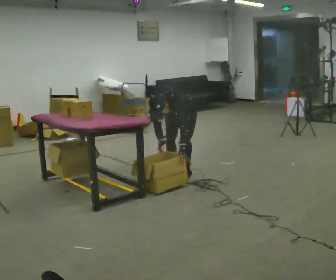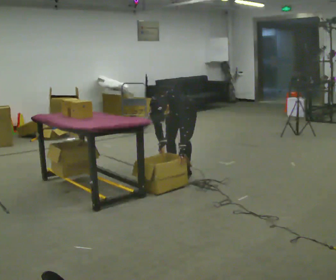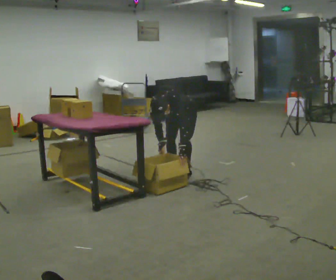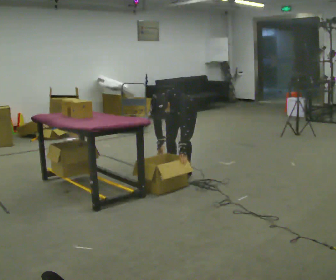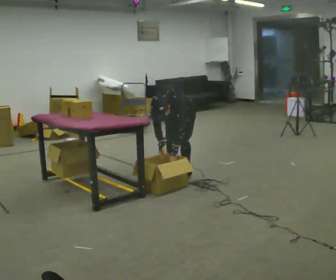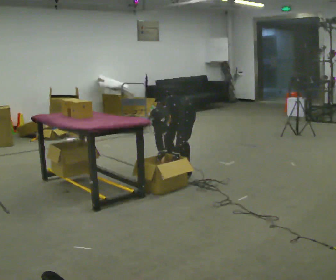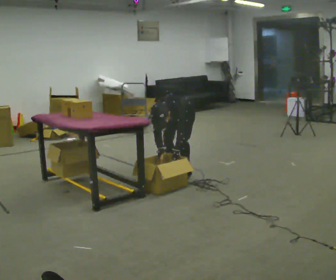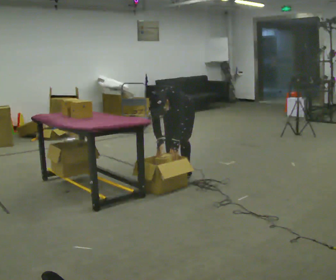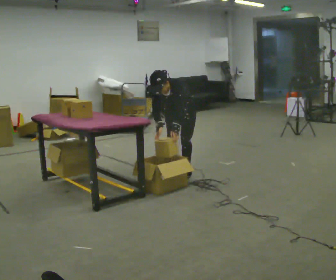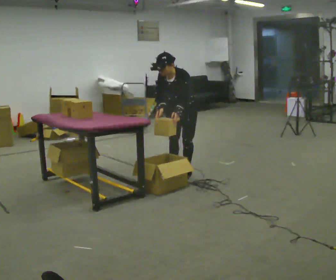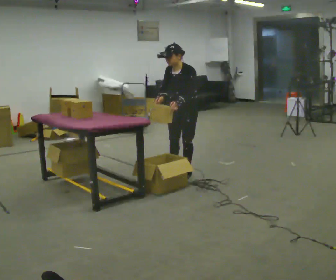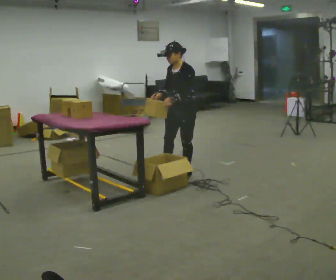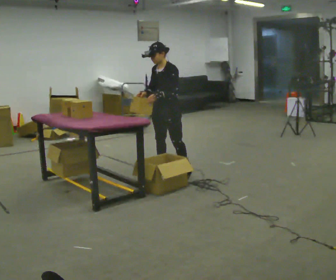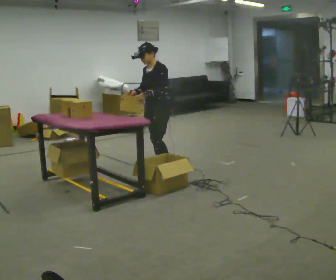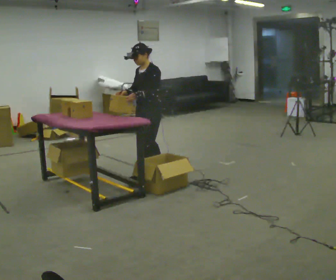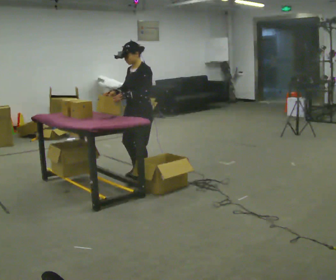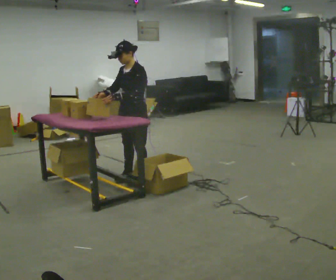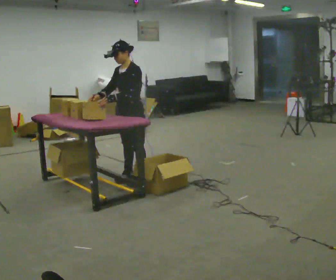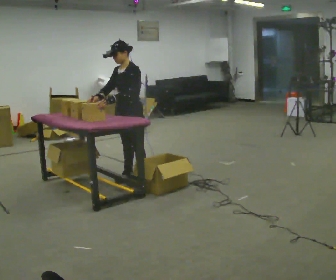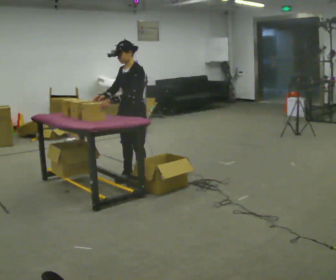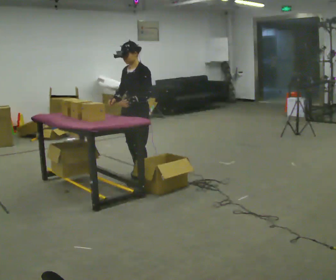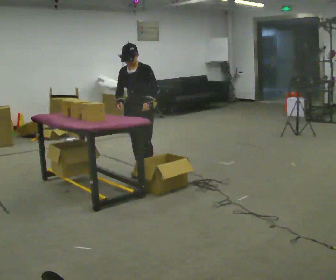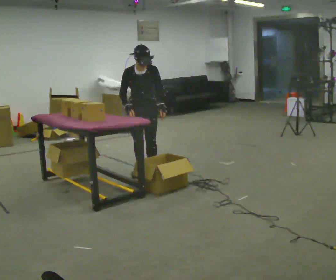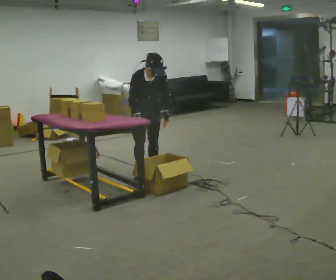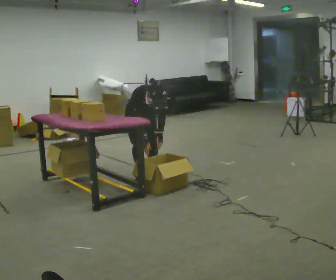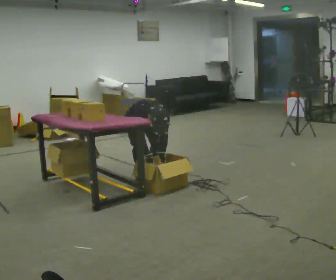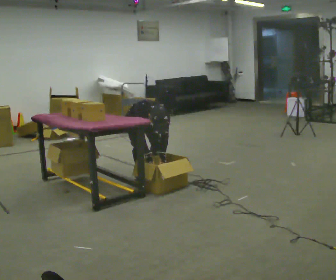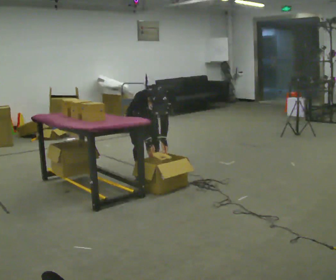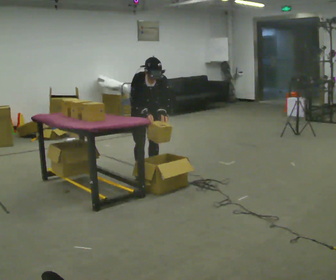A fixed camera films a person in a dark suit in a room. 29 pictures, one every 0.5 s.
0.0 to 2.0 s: The person moves a little, or ends about where they began.
2.0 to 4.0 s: The upper body tips away from the camera, its near side rolling upward, as they lean back or straighten.
4.0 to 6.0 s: In the picture they go to the left, about 0.25 m, which for them is to their right. The shoulders move upward. The upper body tips away from the camera, its near side rolling upward, as they lean back or straighten. In the picture their left hand goes upward.
6.0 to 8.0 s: In the picture they go to the left and toward the camera, about 0.5 m in 2 steps, which for them is forward.
8.0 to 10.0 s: The person moves a little, or ends about where they began.
10.0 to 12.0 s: The person turns about 75 degrees to their left, counterclockwise seen from above, so the part of the body nearest the lens slides to the right. The shoulders move downward. The upper body tips toward the camera, its near side rolling downward, as they bend forward. In the picture their right hand goes downward.
12.0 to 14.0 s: In the picture their right hand goes upward.
The film runs forward here.
